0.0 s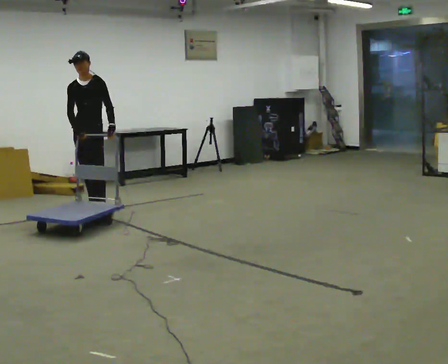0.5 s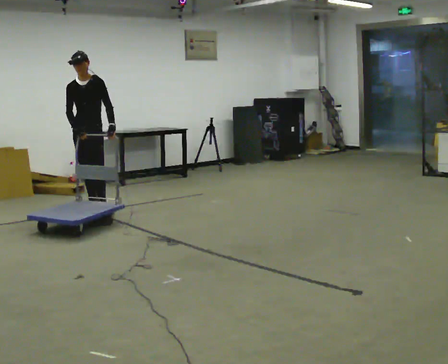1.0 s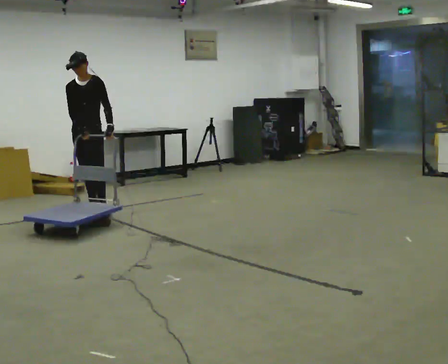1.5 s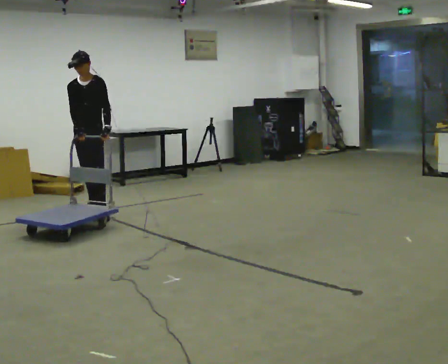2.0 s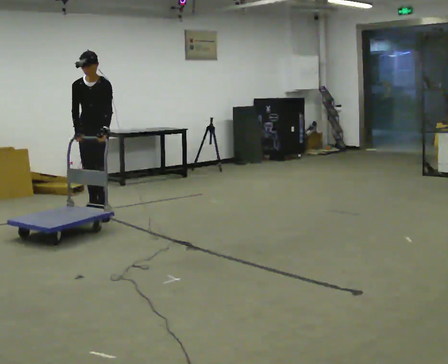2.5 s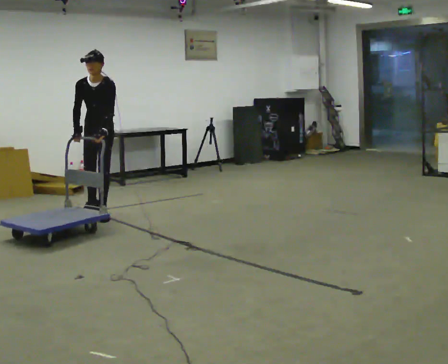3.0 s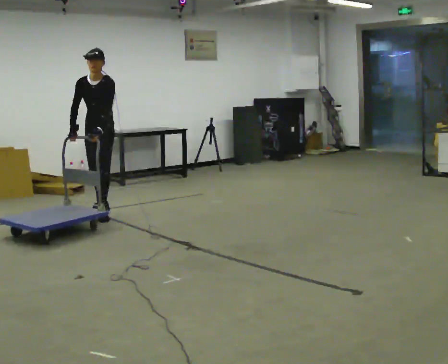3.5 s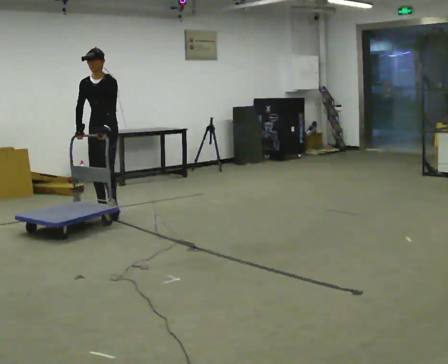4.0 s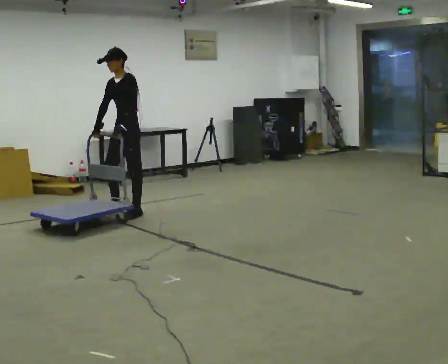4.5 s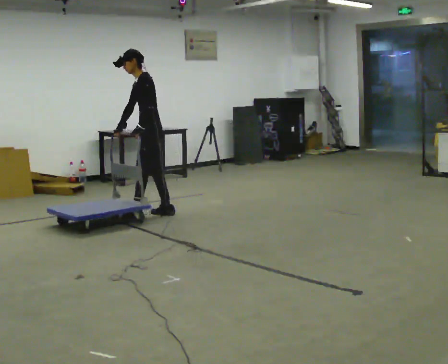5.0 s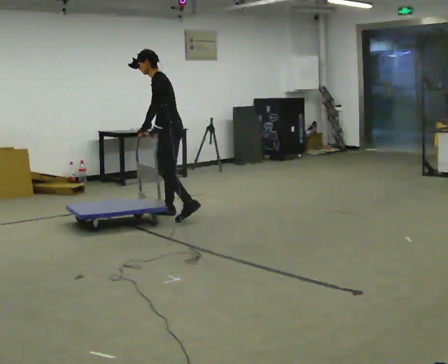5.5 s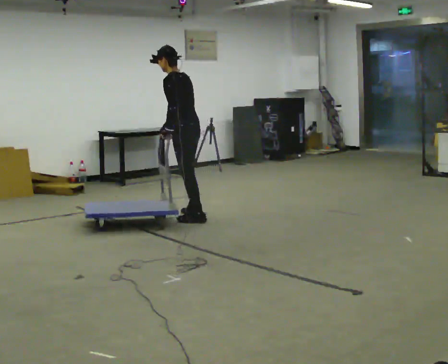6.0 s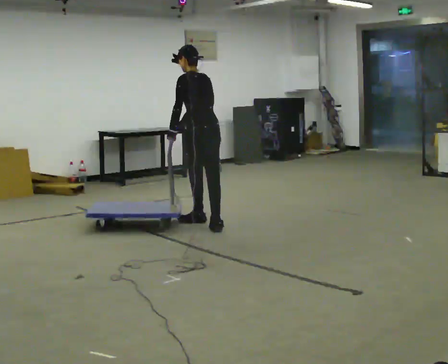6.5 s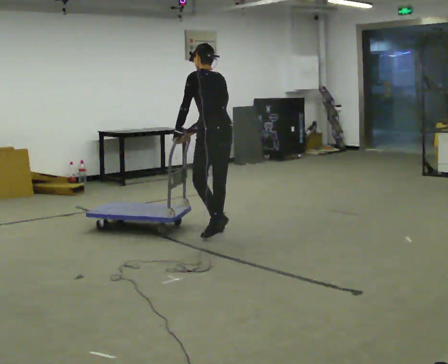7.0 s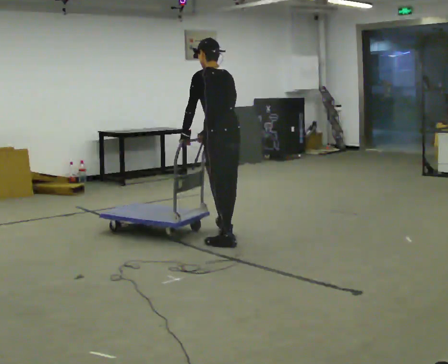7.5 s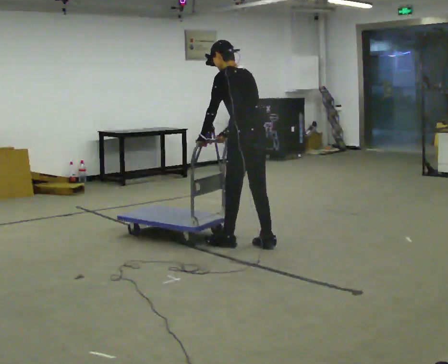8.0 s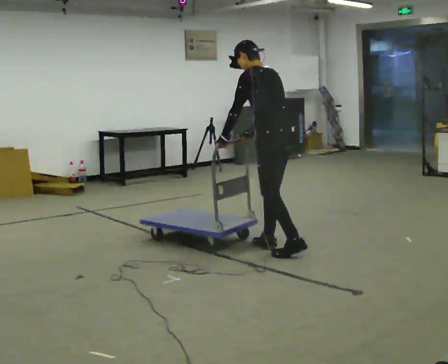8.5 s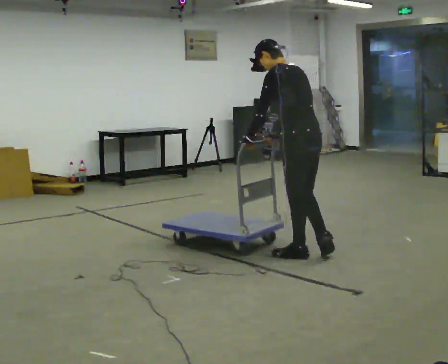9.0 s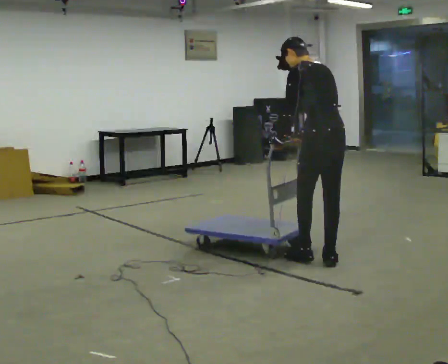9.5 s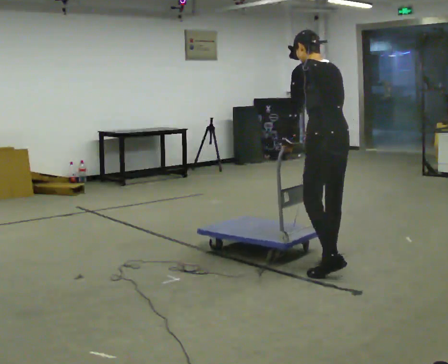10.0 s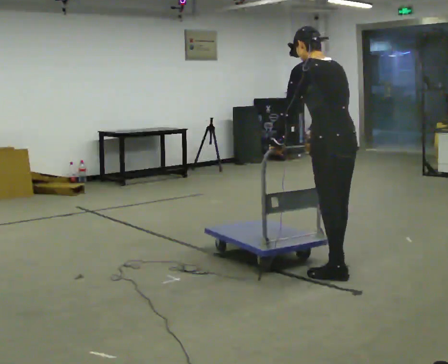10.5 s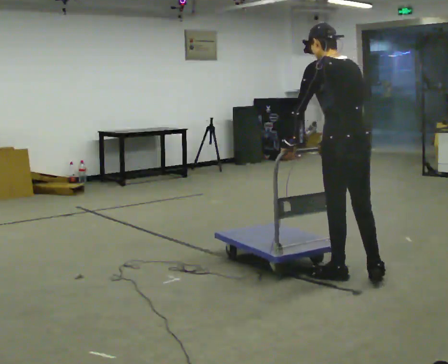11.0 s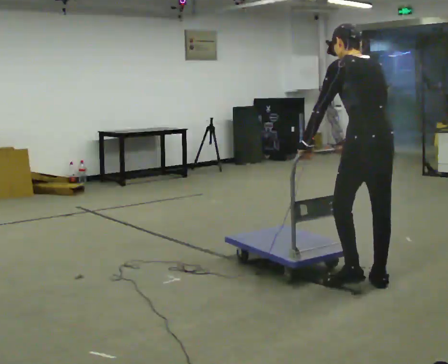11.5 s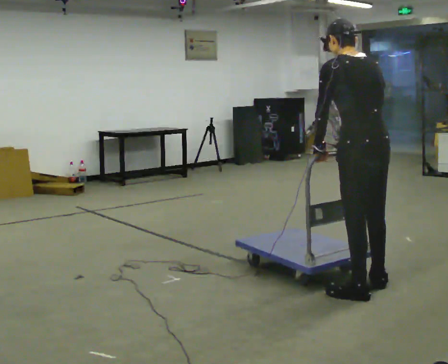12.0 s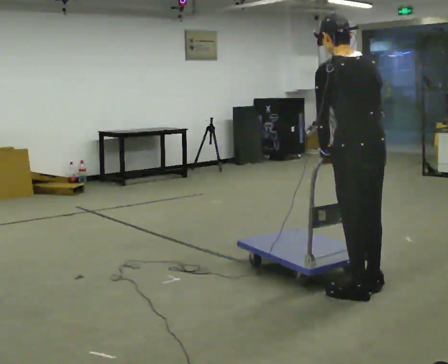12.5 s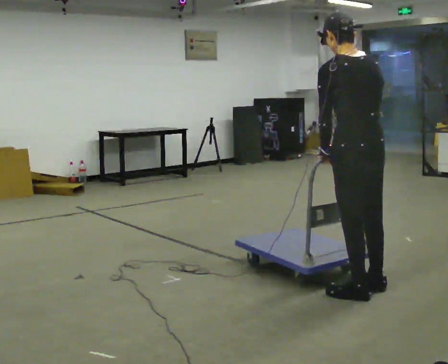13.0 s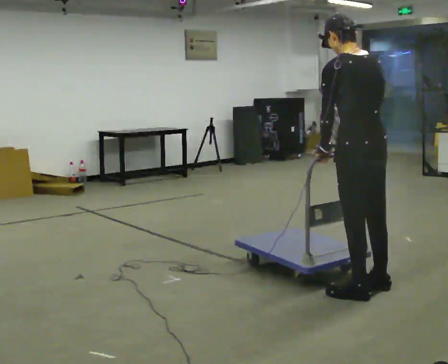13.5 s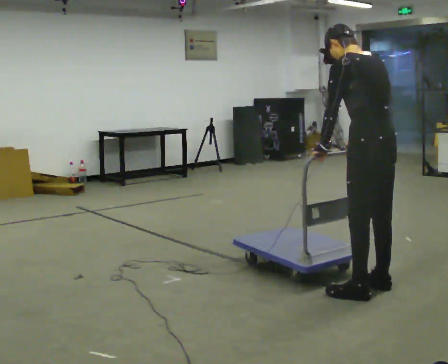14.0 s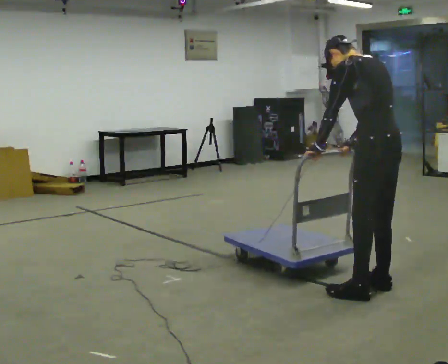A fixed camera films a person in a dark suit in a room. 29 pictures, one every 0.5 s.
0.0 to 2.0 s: The person moves a little, or ends about where they began.
2.0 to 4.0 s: Seen from above the body turns clockwise, about 30 degrees: to their right, with its near side sliding to the left. In the picture they go to the right, about 0.25 m in 2 steps, which for them is to their left.
4.0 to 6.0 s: The part of the body nearest the lens slides to the left as the person turns to their right by about 90 degrees. In the picture they go to the right and toward the camera, about 1 m in 2 steps.
6.0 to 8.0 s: In the picture they go toward the camera and to the right, about 1 m in 3 steps, which for them is backward.
8.0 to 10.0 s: In the picture they go toward the camera and to the right, about 1 m in 3 steps, which for them is backward.
10.0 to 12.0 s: In the picture they go toward the camera, about 0.5 m in 1 step, which for them is backward.
12.0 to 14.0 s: In the picture they go to the right, about 0.25 m, which for them is to their right.
The film runs backward here.
